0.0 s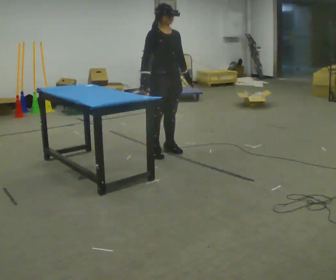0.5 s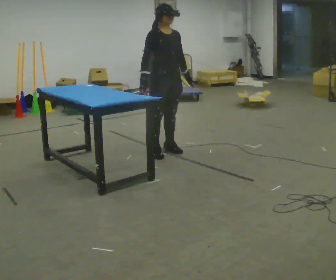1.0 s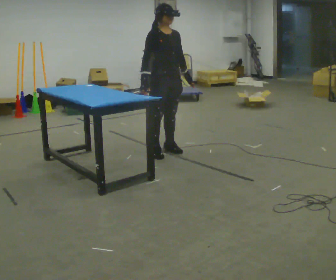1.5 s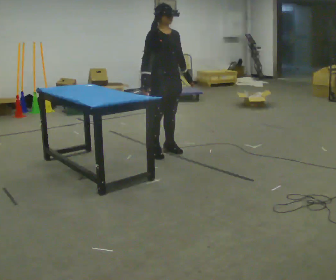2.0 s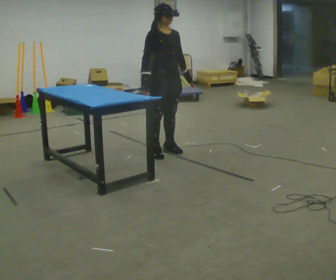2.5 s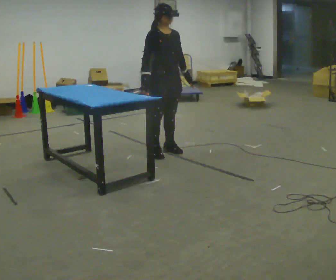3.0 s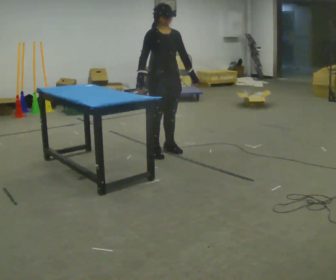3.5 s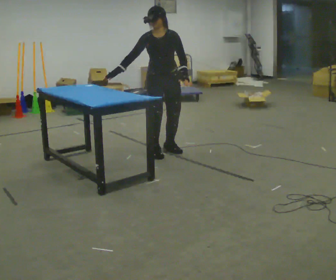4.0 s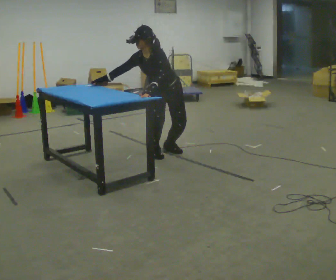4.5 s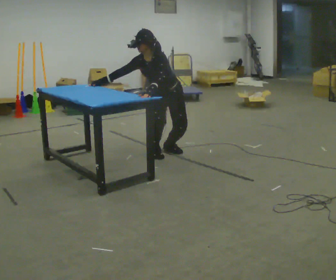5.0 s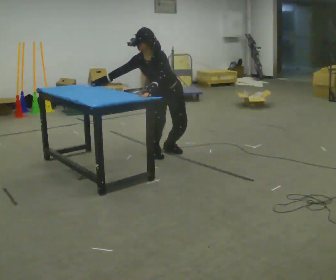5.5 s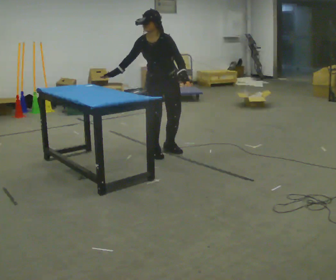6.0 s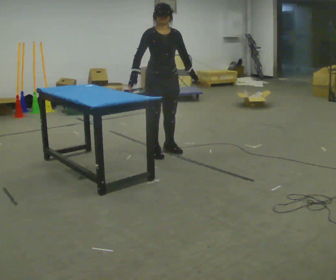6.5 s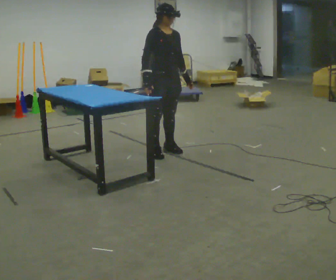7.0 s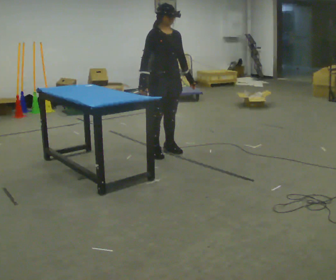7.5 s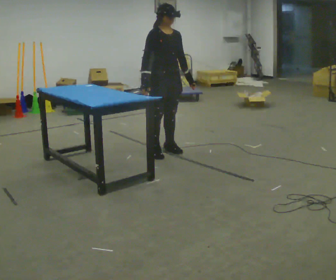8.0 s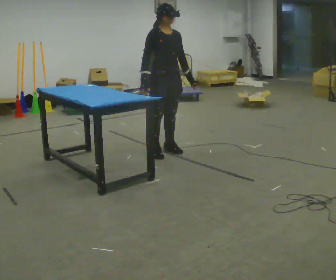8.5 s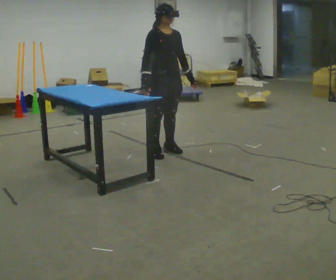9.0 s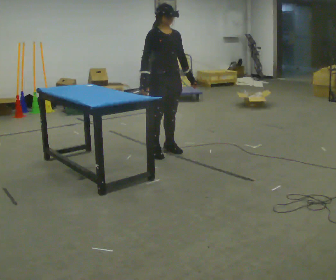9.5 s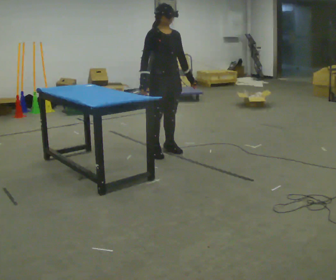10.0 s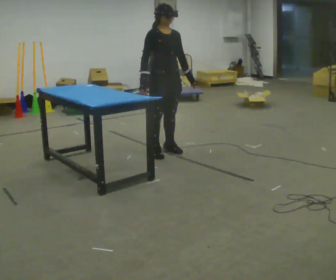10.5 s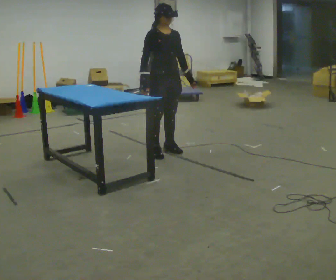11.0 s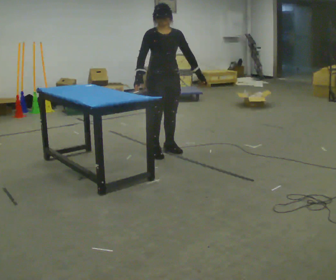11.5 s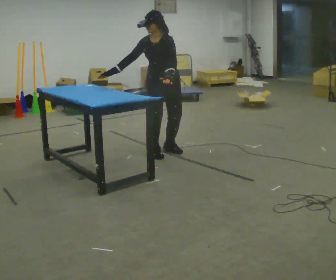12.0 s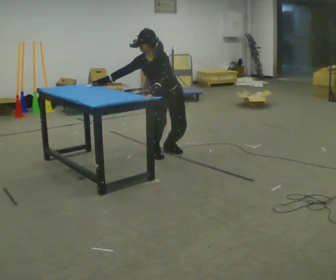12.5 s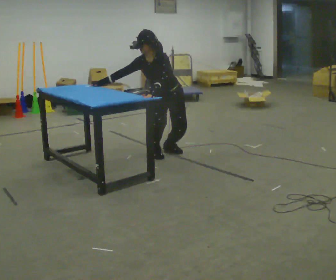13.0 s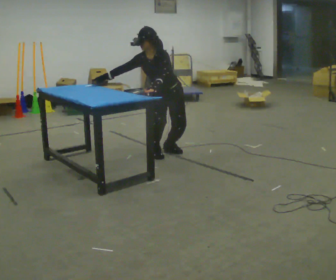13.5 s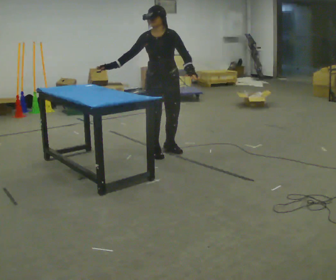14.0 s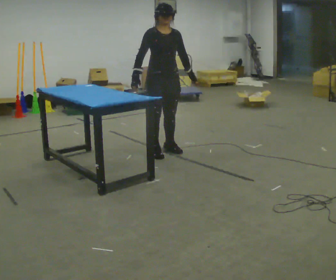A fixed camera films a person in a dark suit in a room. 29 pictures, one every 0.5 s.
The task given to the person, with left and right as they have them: Touch each numbered target to your side and behind you in the order the operator calls, without moving your feet. Keep both feet on the marked spots for the whole take. If you have to step, stop and tell the operator.
0.0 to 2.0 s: The person keeps their place and pose.
2.0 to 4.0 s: Seen from above the body turns clockwise, about 60 degrees: to their right, with its near side sliding to the left. The shoulders move downward. In the picture the upper body tilts counterclockwise, shoulders to the left, as they bend forward. In the picture their left hand goes to the left.
4.0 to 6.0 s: Seen from above the body turns counterclockwise, about 45 degrees: to their left, with its near side sliding to the right. The upper body goes upward. In the picture the upper body tilts clockwise, shoulders to the right, as they lean back or straighten. In the picture their left hand goes to the right.
6.0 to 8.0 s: The person moves a little, or ends about where they began.
8.0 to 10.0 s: The person keeps their place and pose.
10.0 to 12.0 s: The part of the body nearest the lens slides to the left as the person turns to their right by about 60 degrees. The shoulders move downward. In the picture the upper body tilts counterclockwise, shoulders to the left, as they bend forward. In the picture their left hand goes to the left.
12.0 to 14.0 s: Seen from above the body turns counterclockwise, about 60 degrees: to their left, with its near side sliding to the right. The upper body goes upward. In the picture the upper body tilts clockwise, shoulders to the right, as they lean back or straighten. In the picture their left hand goes to the right.
The film runs forward here.
